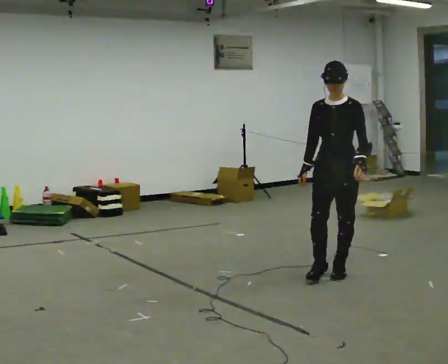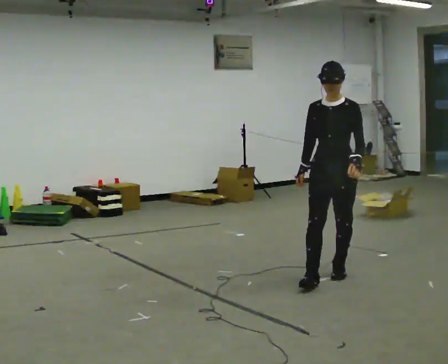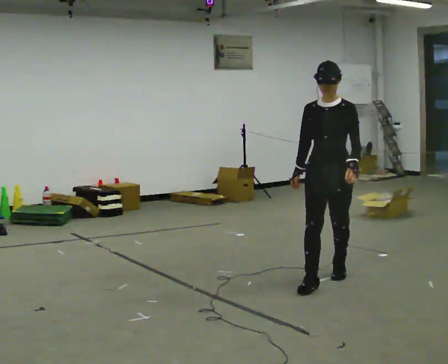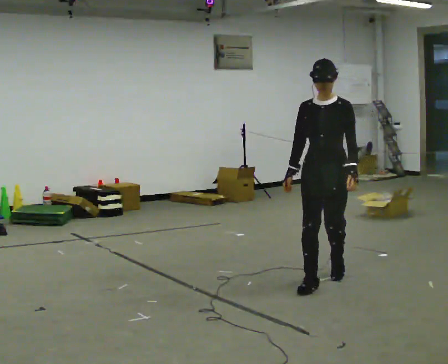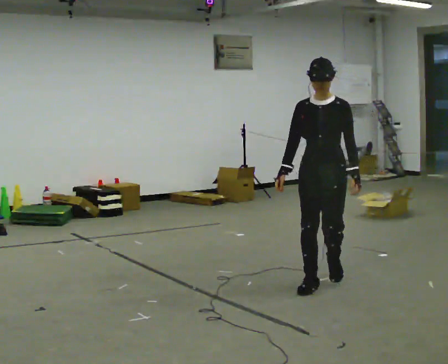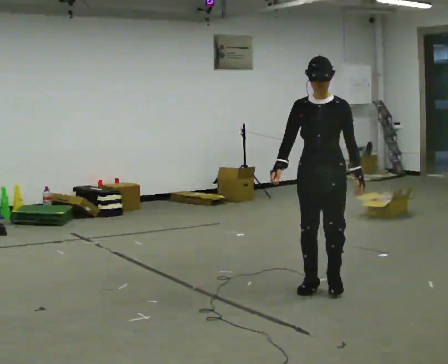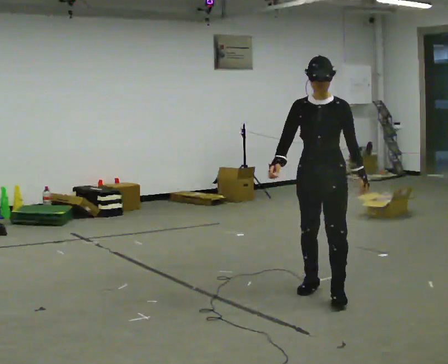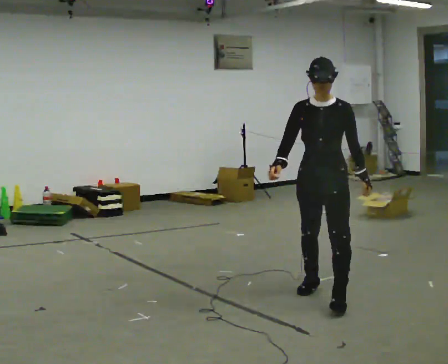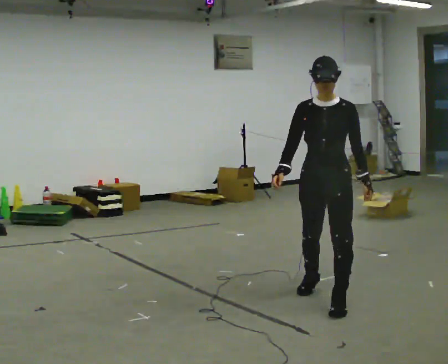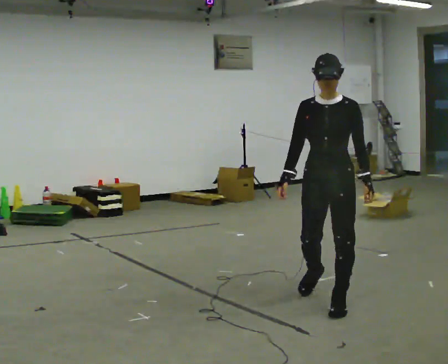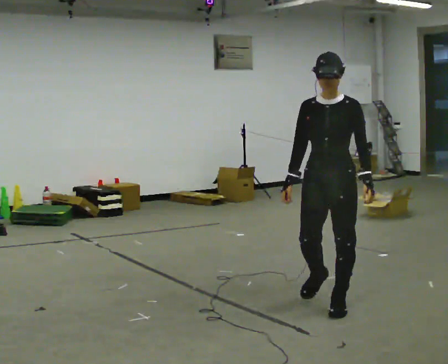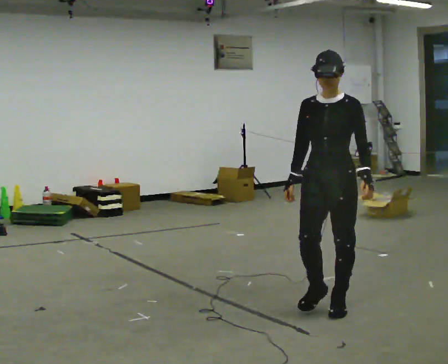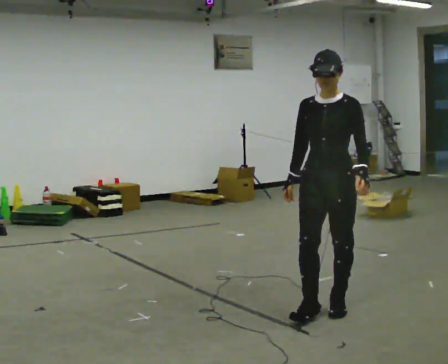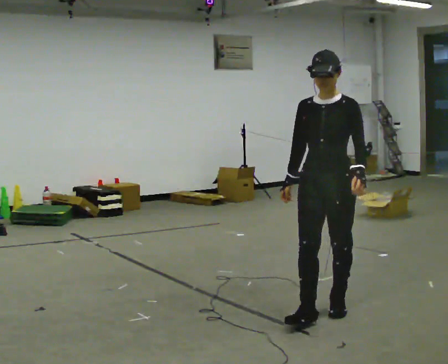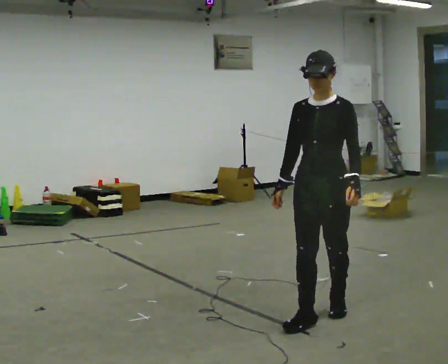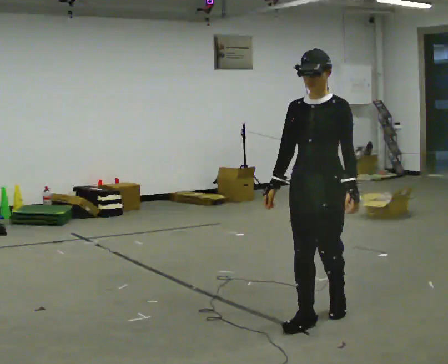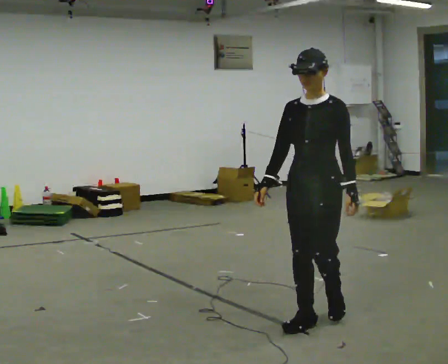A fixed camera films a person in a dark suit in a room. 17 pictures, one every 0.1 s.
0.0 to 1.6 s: In the picture they go toward the camera, about 1 m in 3 steps, which for them is forward.
The film runs forward here.
